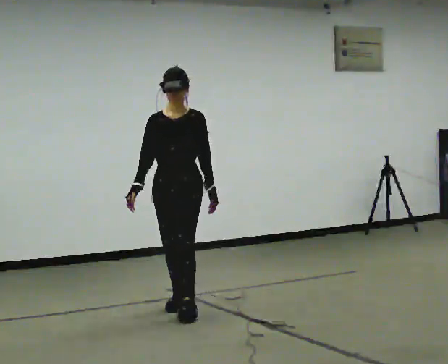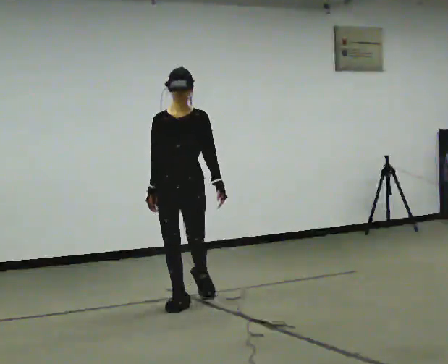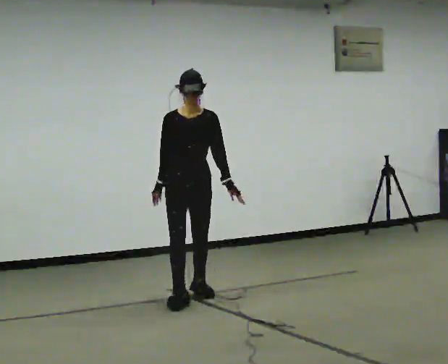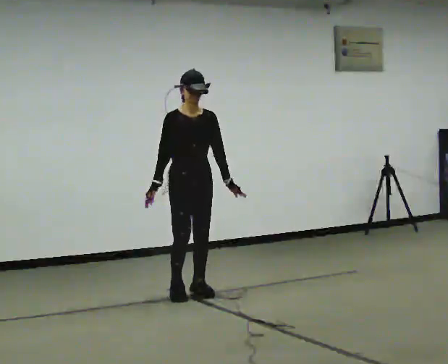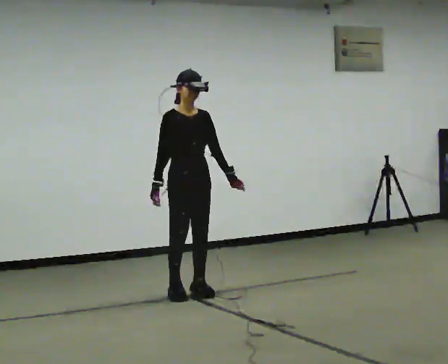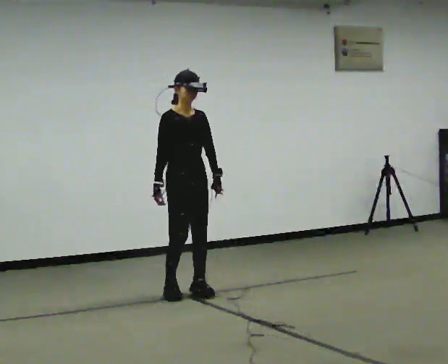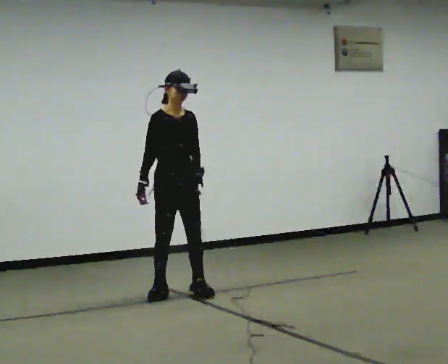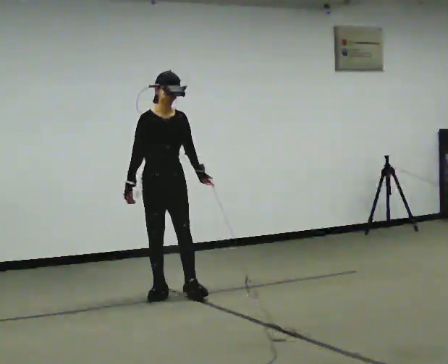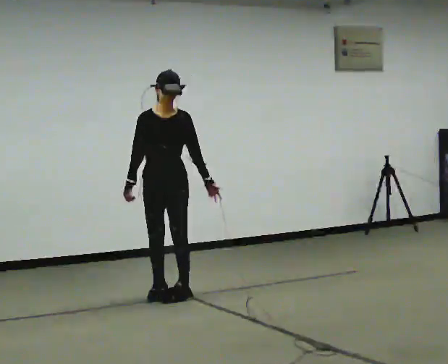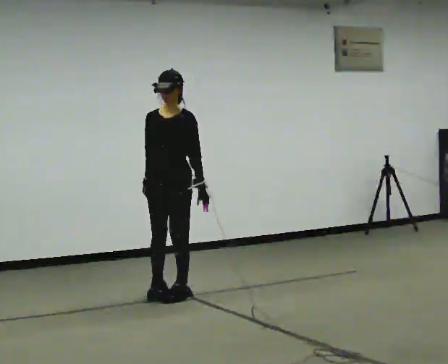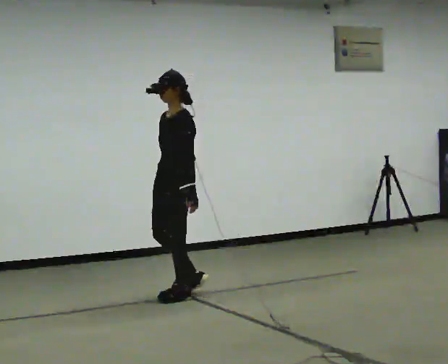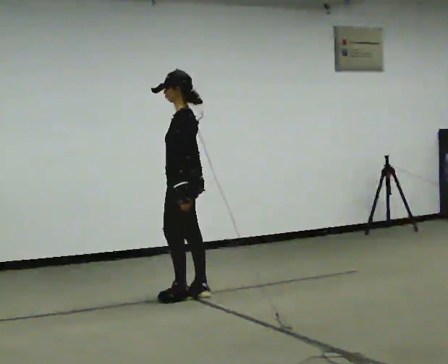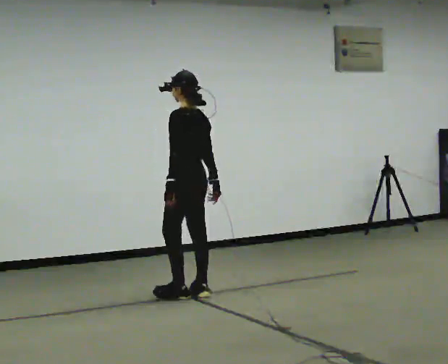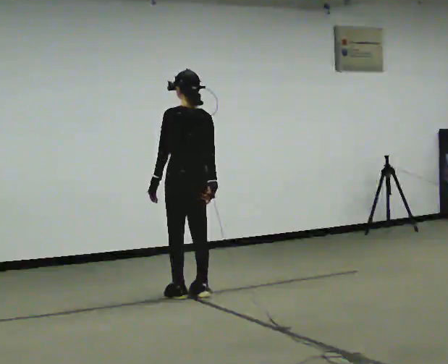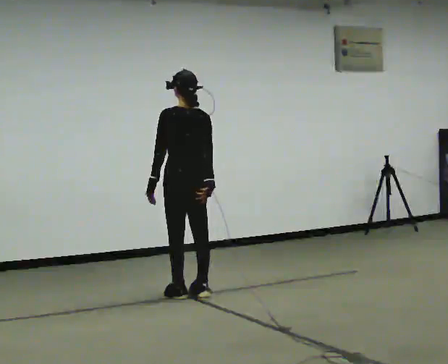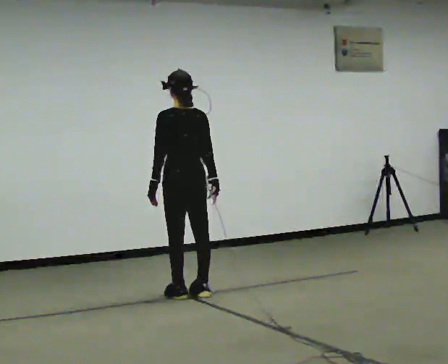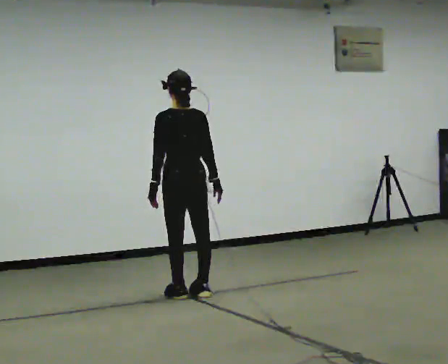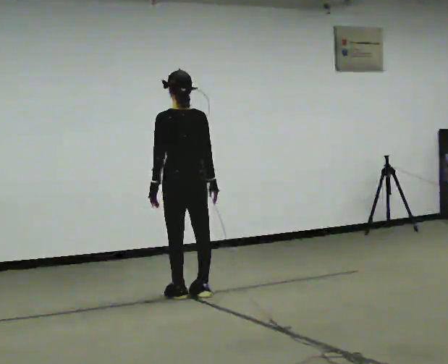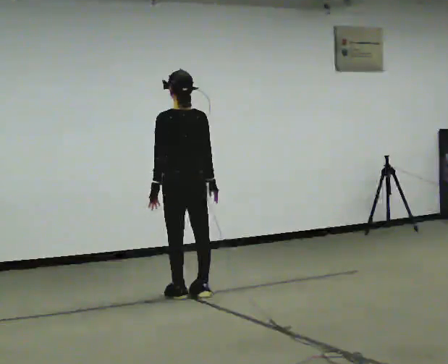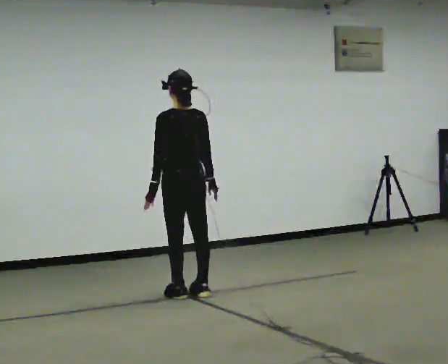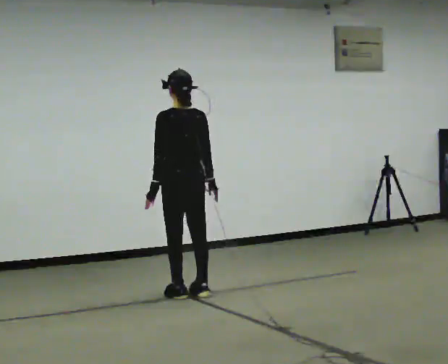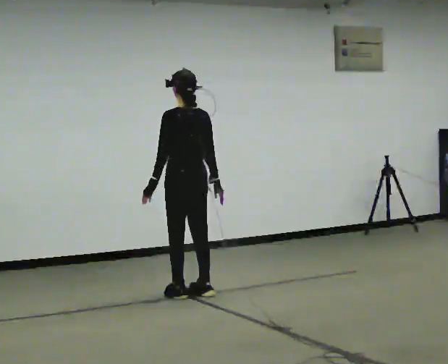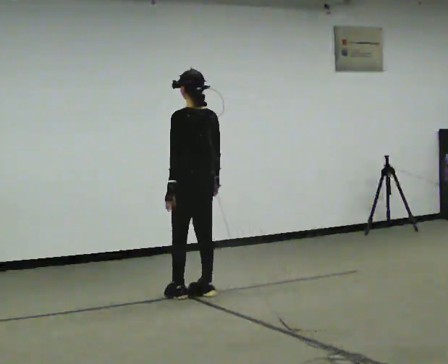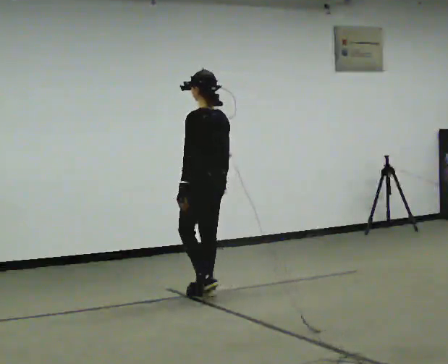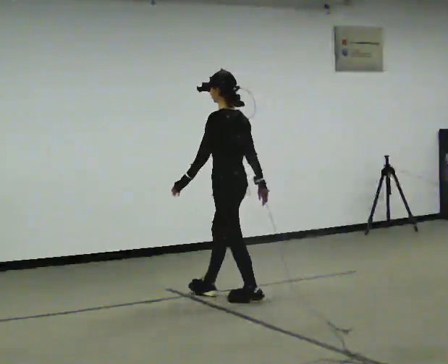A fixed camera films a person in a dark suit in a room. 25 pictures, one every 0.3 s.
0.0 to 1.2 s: The person turns about 45 degrees to their left, counterclockwise seen from above, so the part of the body nearest the lens slides to the right. In the picture they go away from the camera, about 0.5 m in 1 step, which for them is backward.
1.2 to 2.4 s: In the picture they go to the left, about 0.25 m in 1 step, which for them is to their right.
2.4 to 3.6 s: Seen from above the body turns clockwise, about 135 degrees: to their right, with its near side sliding to the left. In the picture they go to the right, about 0.25 m in 1 step.
3.6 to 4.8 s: Seen from above the body turns clockwise, about 45 degrees: to their right, with its near side sliding to the left.
4.8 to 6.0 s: The person moves a little, or ends about where they began.
6.0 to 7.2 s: The person turns about 30 degrees to their left, counterclockwise seen from above, so the part of the body nearest the lens slides to the right. In the picture they go to the right and toward the camera, about 0.25 m in 2 steps, which for them is backward and to their right.
The film runs backward here.
